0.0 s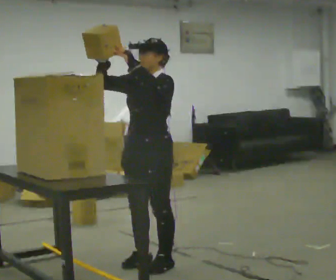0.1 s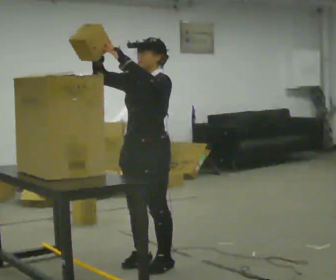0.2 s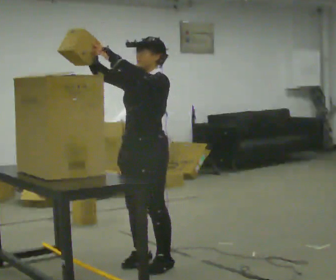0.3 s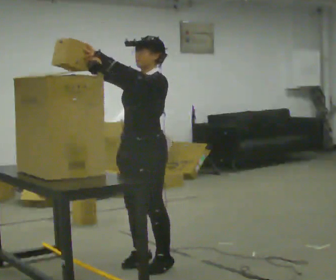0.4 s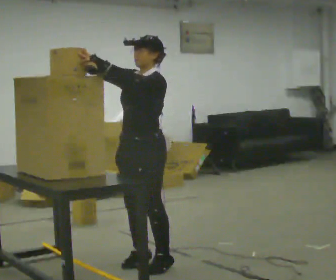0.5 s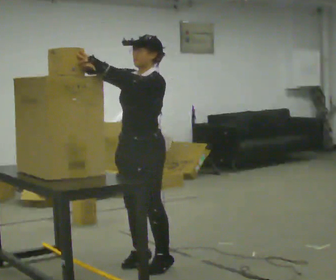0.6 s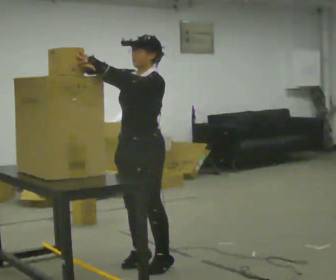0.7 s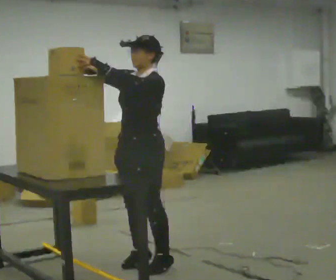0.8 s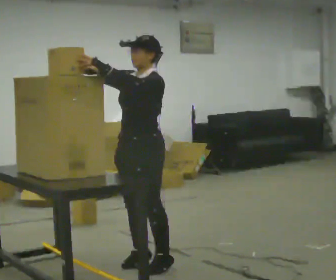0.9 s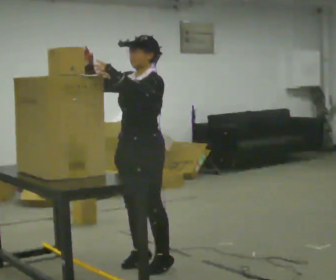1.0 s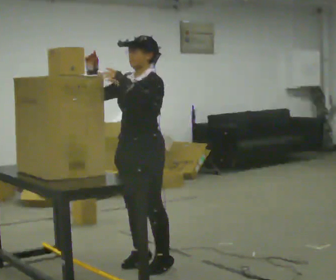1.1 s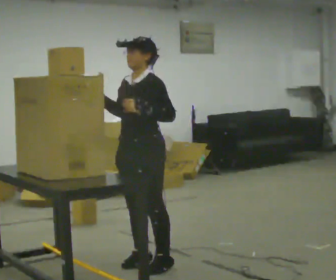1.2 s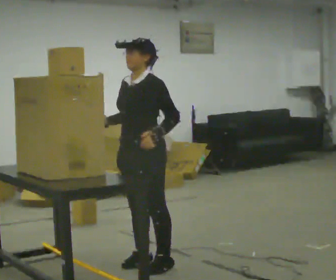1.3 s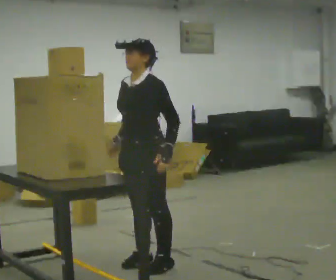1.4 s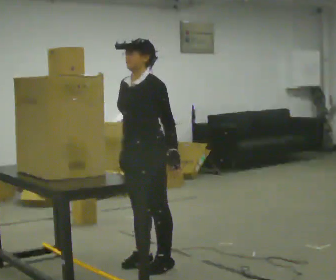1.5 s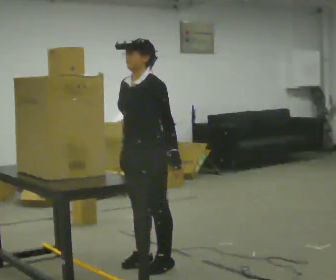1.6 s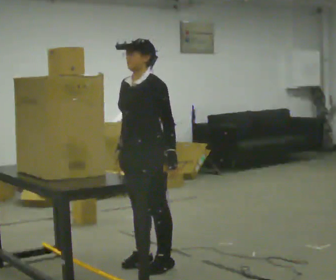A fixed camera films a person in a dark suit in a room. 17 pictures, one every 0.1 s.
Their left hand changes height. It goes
downward.
Their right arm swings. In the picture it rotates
counterclockwise.
0.0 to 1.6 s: In the picture their right hand goes downward, the arm swinging counterclockwise.
The film runs forward here.
